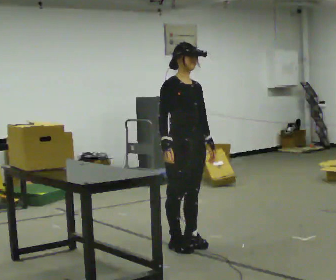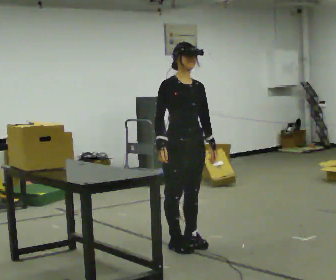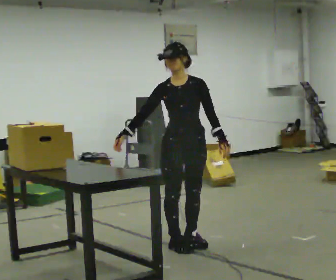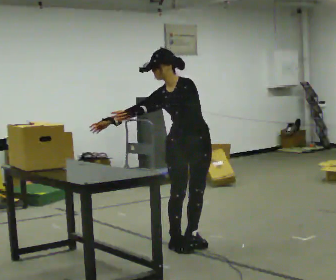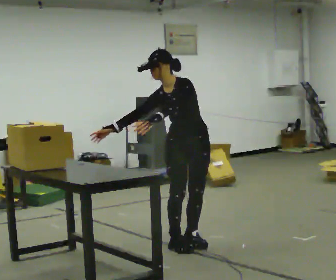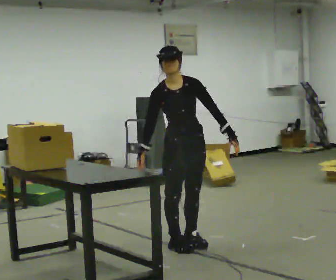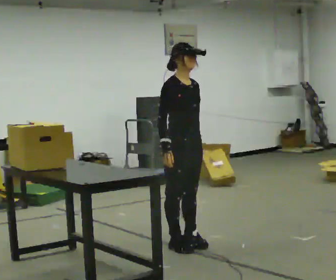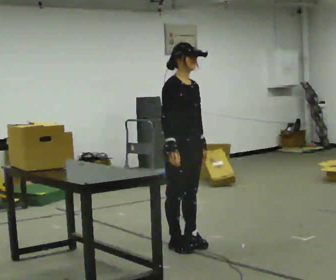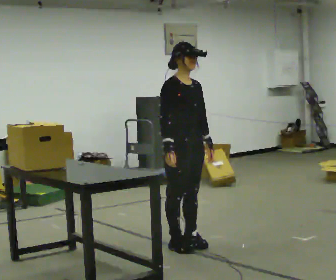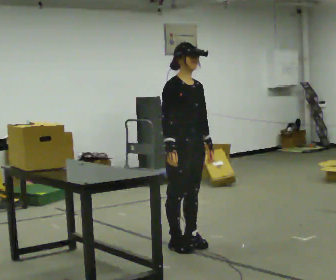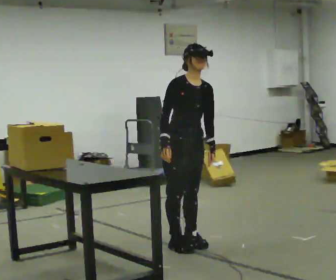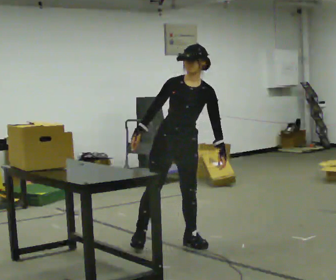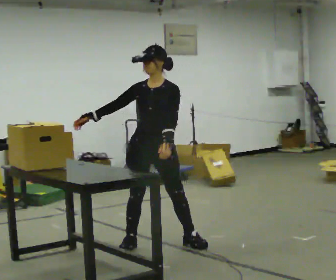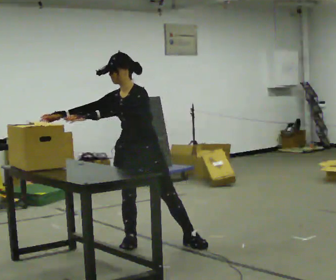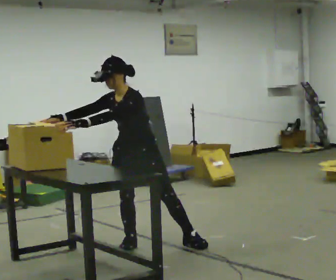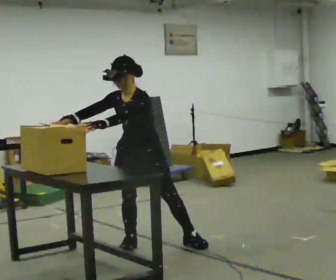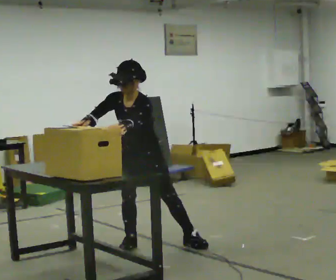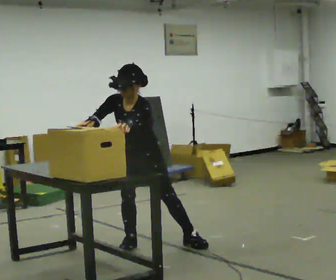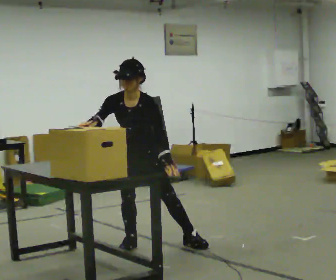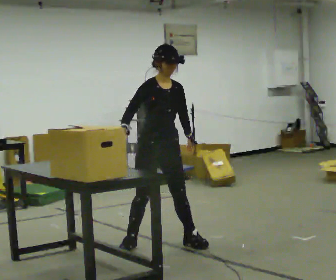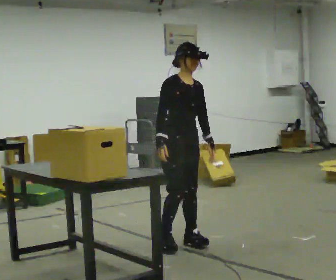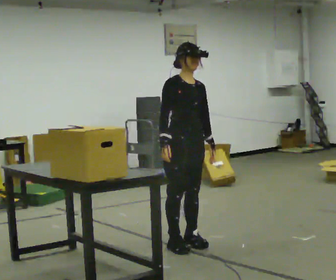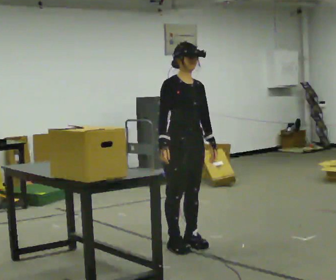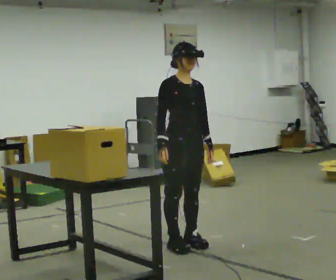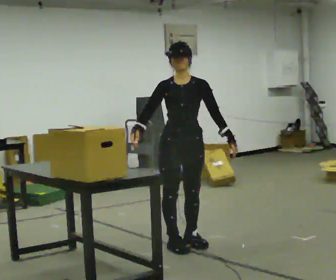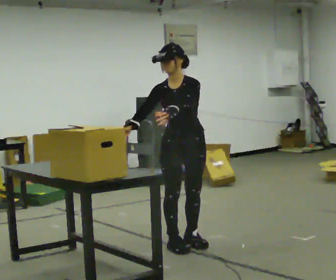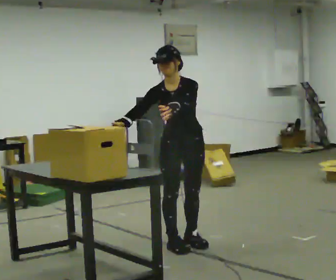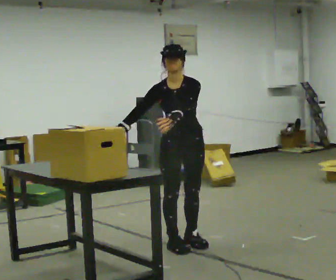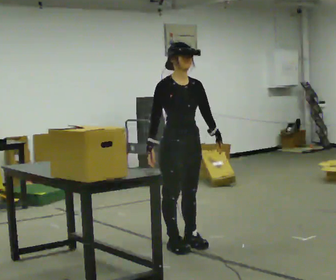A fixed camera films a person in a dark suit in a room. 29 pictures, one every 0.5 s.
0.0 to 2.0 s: The part of the body nearest the lens slides to the left as the person turns to their right by about 60 degrees. In the picture their left hand goes to the left.
2.0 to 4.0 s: Seen from above the body turns counterclockwise, about 60 degrees: to their left, with its near side sliding to the right. In the picture the upper body tilts clockwise, shoulders to the right, as they lean back or straighten. In the picture their left hand goes to the right.
4.0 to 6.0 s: The person turns about 60 degrees to their right, clockwise seen from above, so the part of the body nearest the lens slides to the left. In the picture they go to the left, about 0.25 m in 1 step, which for them is to their right and backward. In the picture their right hand goes to the left, the arm swinging clockwise.
6.0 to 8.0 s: The upper body tips toward the camera, its near side rolling downward, as they bend forward.
8.0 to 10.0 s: The part of the body nearest the lens slides to the right as the person turns to their left by about 60 degrees. In the picture they go to the right, about 0.25 m, which for them is to their left and backward. The upper body tips away from the camera, its near side rolling upward, as they lean back or straighten.
10.0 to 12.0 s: Seen from above the body turns clockwise, about 45 degrees: to their right, with its near side sliding to the left.
12.0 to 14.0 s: Seen from above the body turns counterclockwise, about 30 degrees: to their left, with its near side sliding to the right.
The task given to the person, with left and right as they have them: Move the objects one at a time between the far targets the operator calls, without moving your feet. Repeat at your own pace until the operator says stop. Keep both feet on the marked spots for the whole take. If you have to step, stop and tell the operator.
The film runs forward here.
